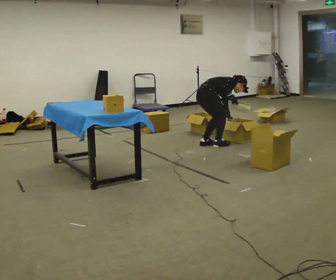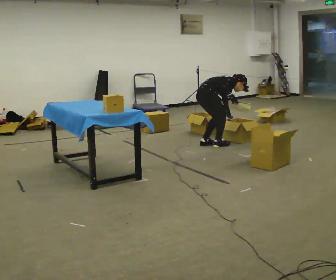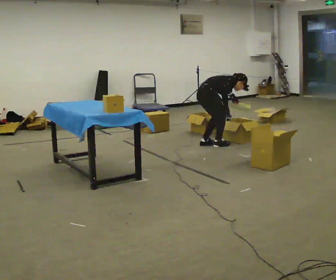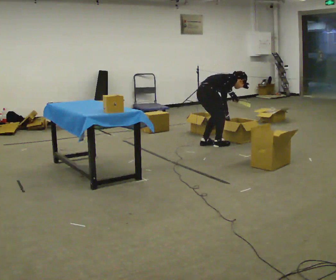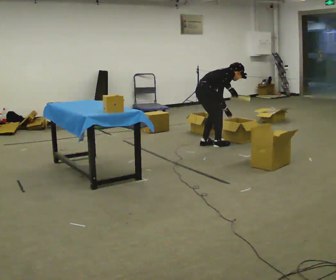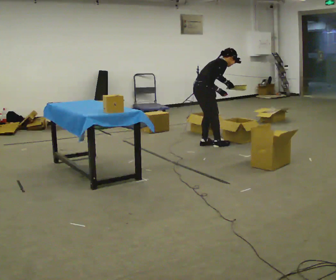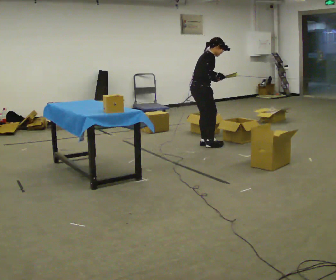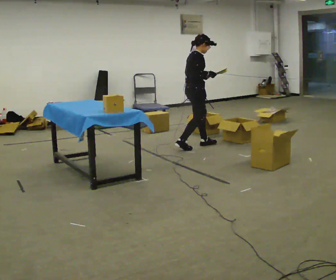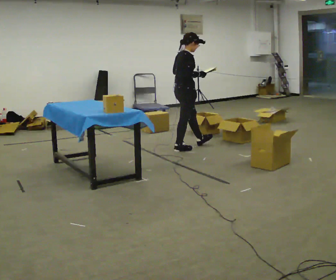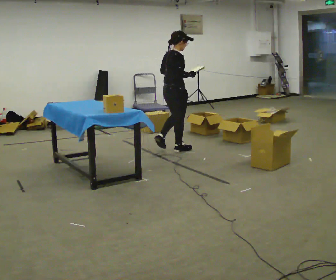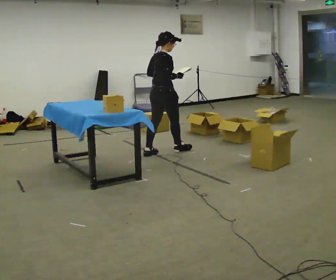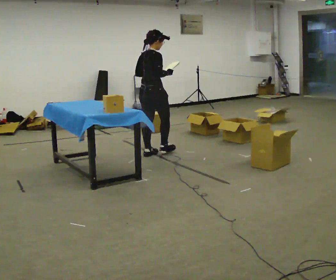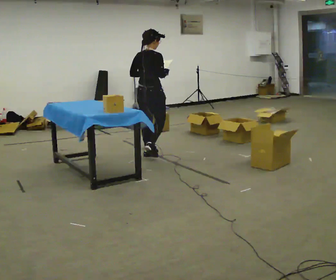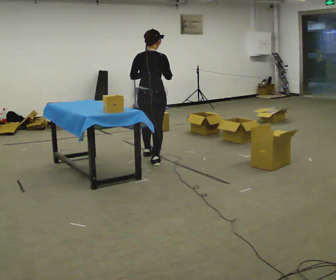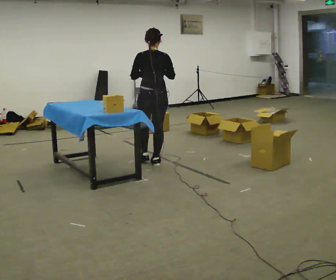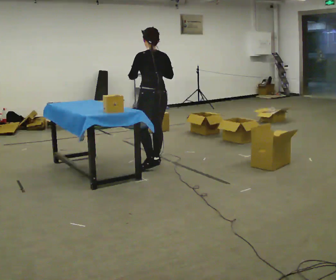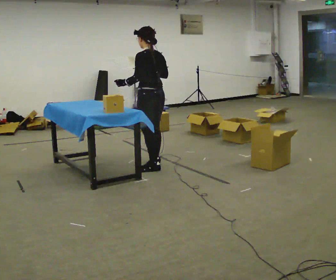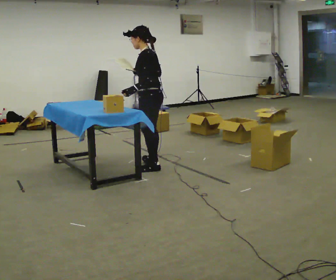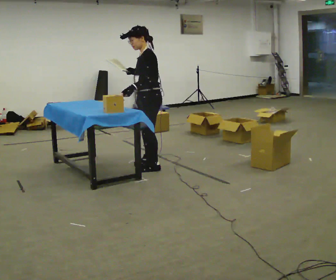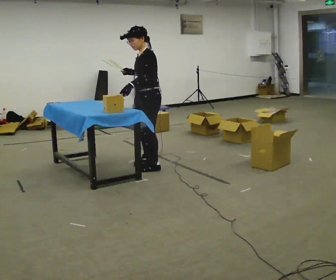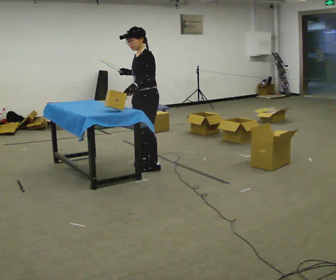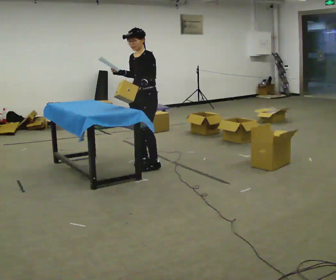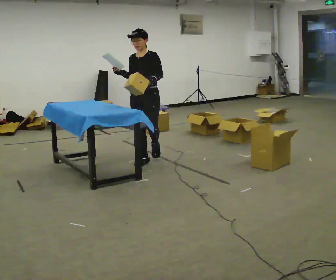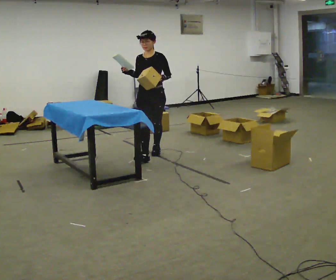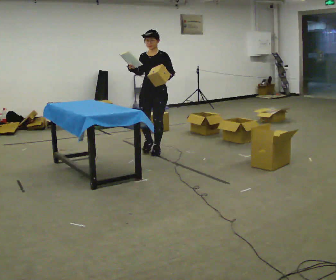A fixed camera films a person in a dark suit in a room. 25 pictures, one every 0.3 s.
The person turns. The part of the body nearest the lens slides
to the right.
The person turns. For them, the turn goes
to their left.
0.0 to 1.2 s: In the picture the upper body tilts counterclockwise, shoulders to the left.
1.2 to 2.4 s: In the picture they go to the left, about 0.25 m in 2 steps, which for them is backward. The shoulders move upward. In the picture the upper body tilts counterclockwise, shoulders to the left, as they lean back or straighten. In the picture their left hand goes upward.
2.4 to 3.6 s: The part of the body nearest the lens slides to the right as the person turns to their left by about 45 degrees. In the picture they go to the left and toward the camera, about 0.5 m in 1 step, which for them is backward.
3.6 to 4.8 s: The person turns about 75 degrees to their left, counterclockwise seen from above, so the part of the body nearest the lens slides to the right. In the picture they go toward the camera, about 0.5 m in 1 step.
4.8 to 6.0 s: The part of the body nearest the lens slides to the right as the person turns to their left by about 75 degrees.
6.0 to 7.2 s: The part of the body nearest the lens slides to the right as the person turns to their left by about 45 degrees. In the picture they go away from the camera, about 0.75 m in 2 steps, which for them is backward.
The film runs backward here.
